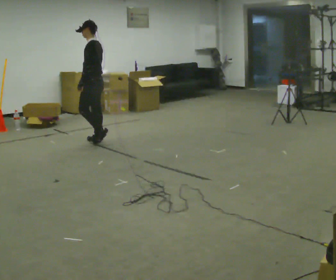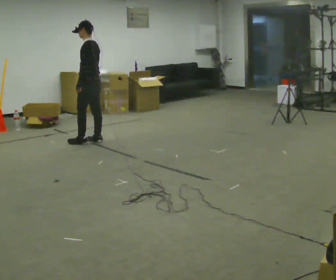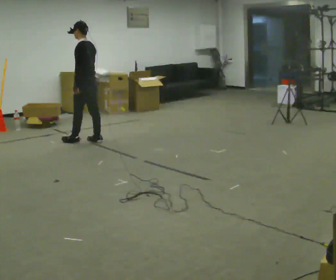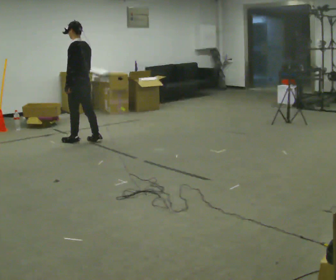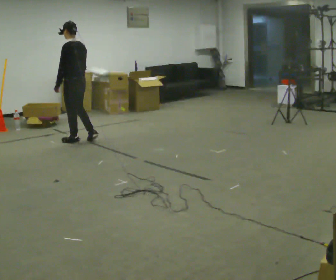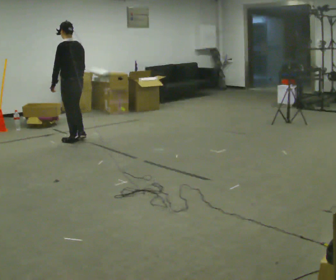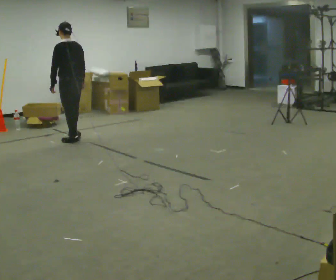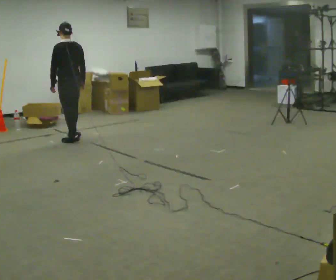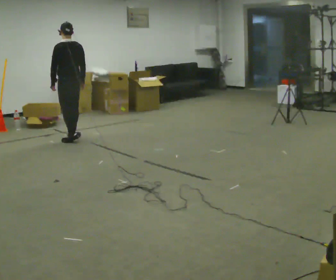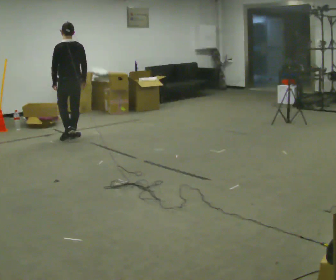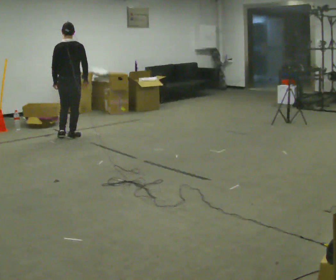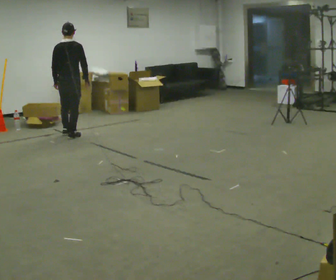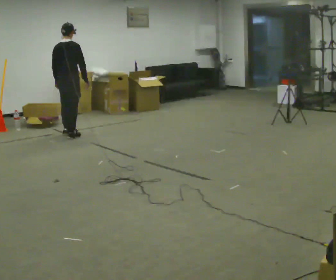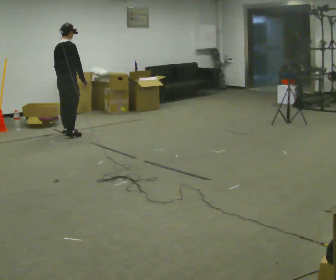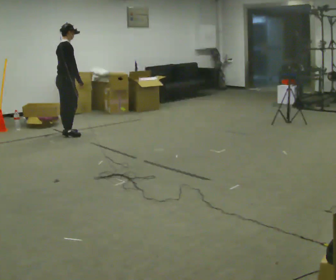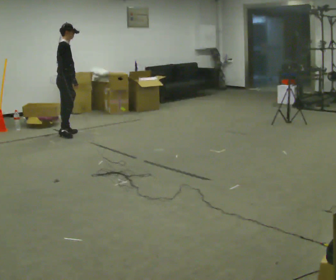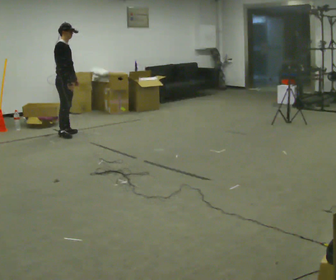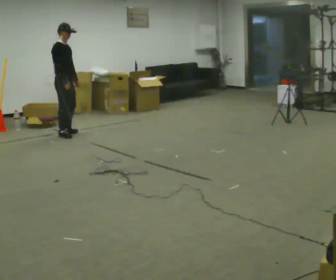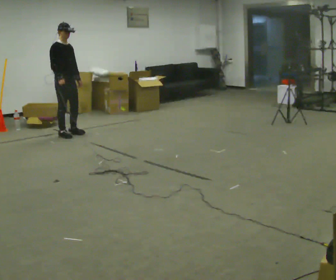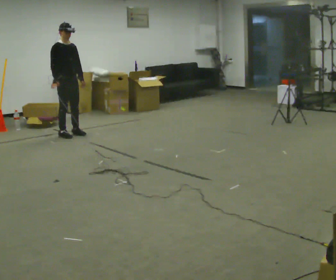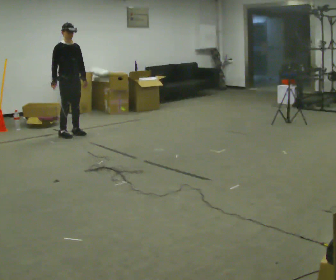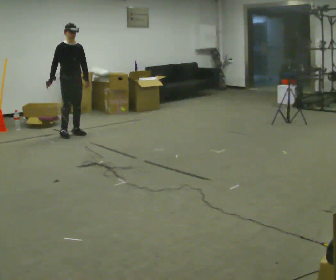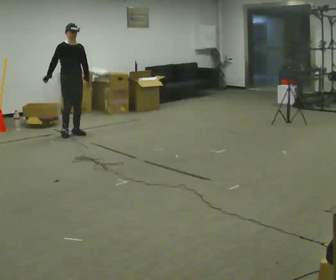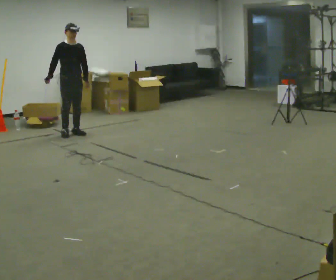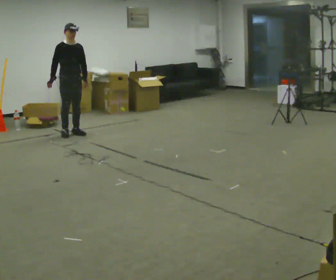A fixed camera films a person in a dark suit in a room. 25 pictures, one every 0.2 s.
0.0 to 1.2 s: Seen from above the body turns clockwise, about 45 degrees: to their right, with its near side sliding to the left. In the picture they go to the left, about 0.25 m in 1 step, which for them is forward and to their left.
1.2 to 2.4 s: The part of the body nearest the lens slides to the left as the person turns to their right by about 60 degrees. In the picture they go away from the camera, about 0.25 m in 2 steps, which for them is forward.
2.4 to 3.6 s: Seen from above the body turns clockwise, about 105 degrees: to their right, with its near side sliding to the left. In the picture their left hand goes to the right.
3.6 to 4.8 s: Seen from above the body turns clockwise, about 30 degrees: to their right, with its near side sliding to the left.
The film runs forward here.
